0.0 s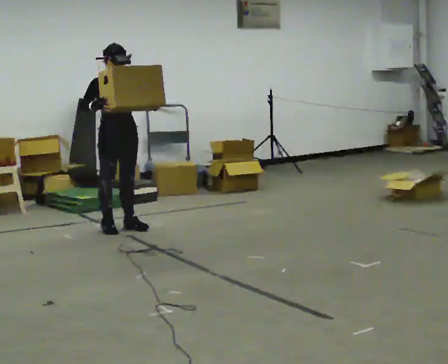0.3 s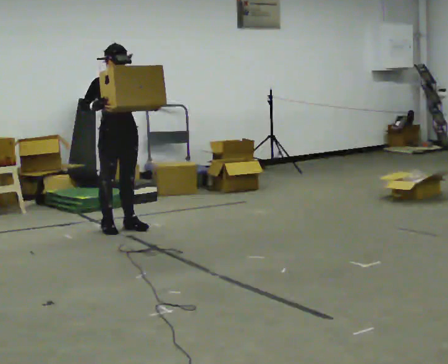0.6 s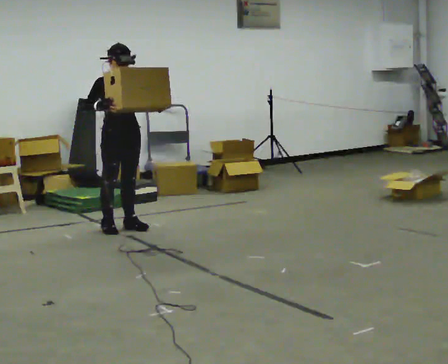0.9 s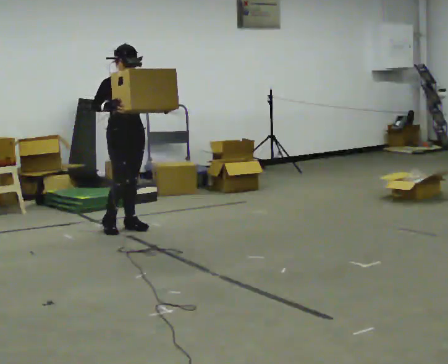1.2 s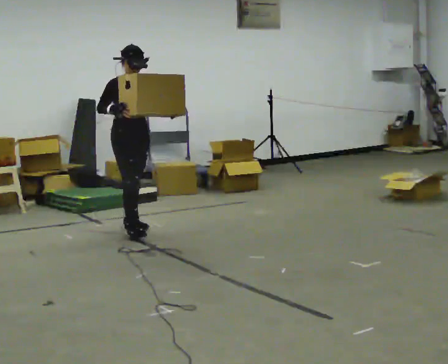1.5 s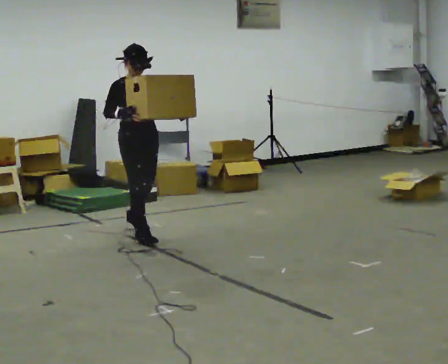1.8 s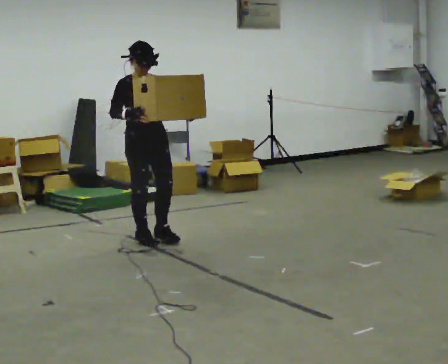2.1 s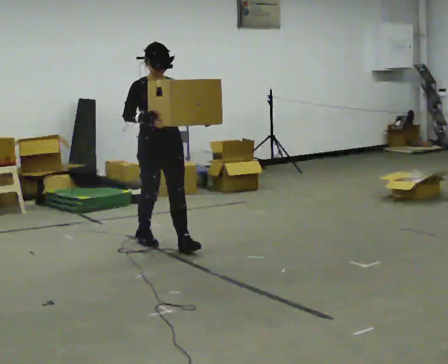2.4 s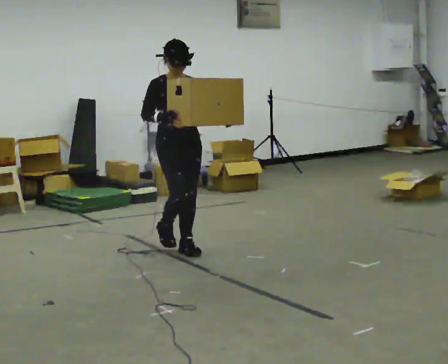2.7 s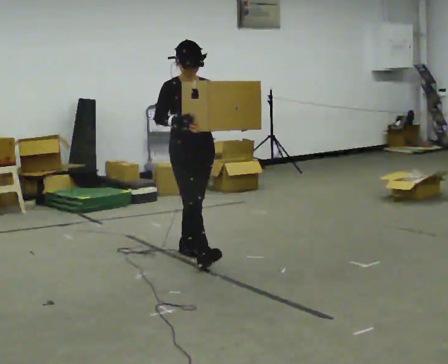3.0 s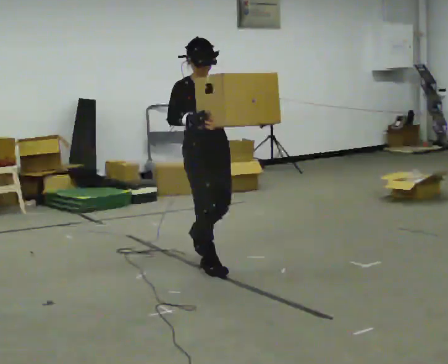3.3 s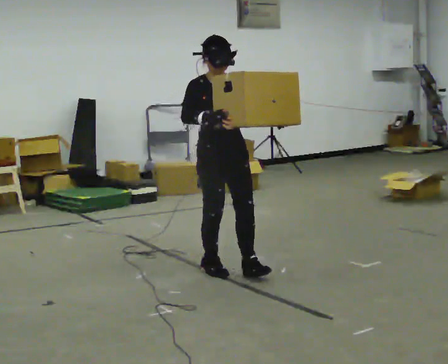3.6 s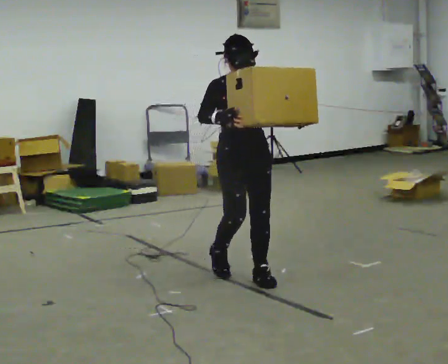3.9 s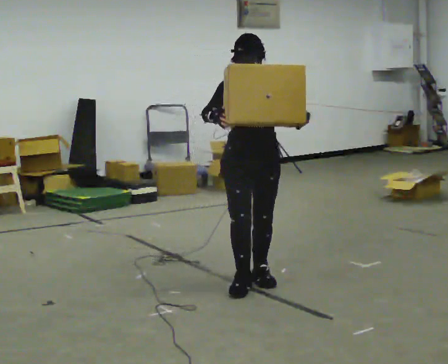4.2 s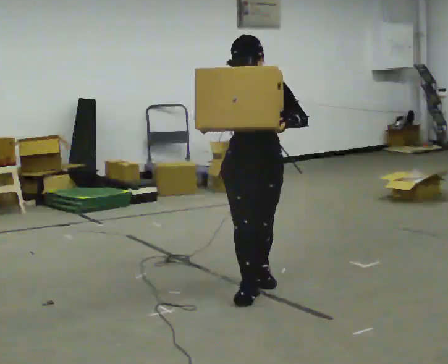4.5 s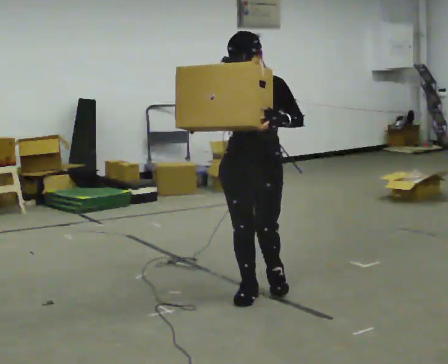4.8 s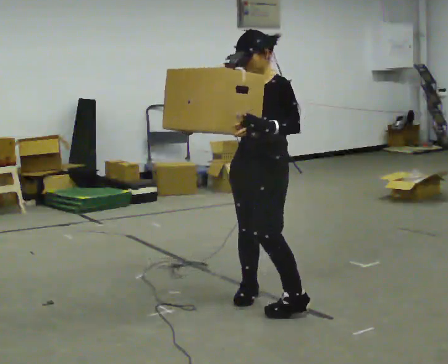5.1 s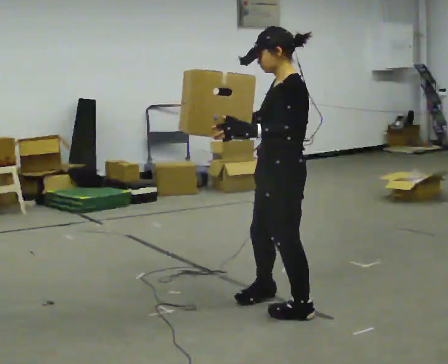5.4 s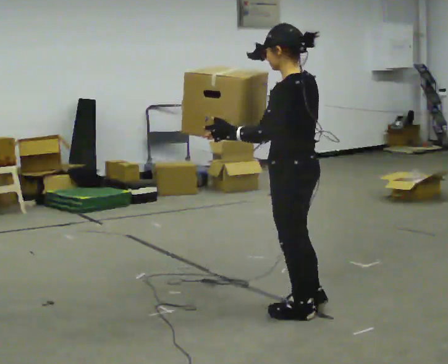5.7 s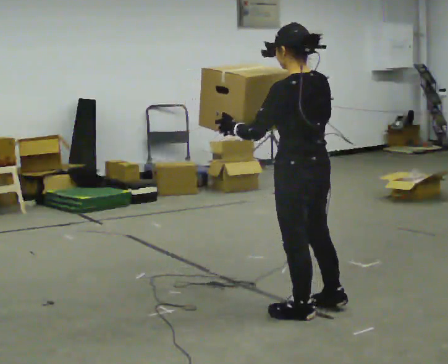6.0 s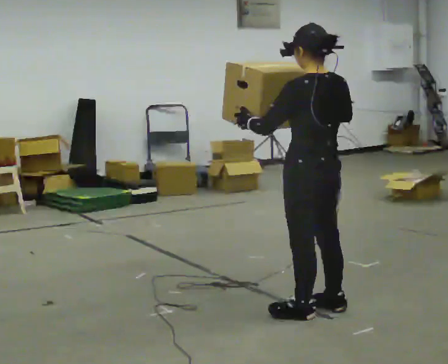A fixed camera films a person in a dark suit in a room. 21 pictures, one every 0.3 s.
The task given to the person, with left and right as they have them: Carry the heaviest box in both hands in front of you, walking back and forth across the room. Only carry what is comfortable. Set it down whenever you need to.
0.0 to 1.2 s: The person moves a little, or ends about where they began.
1.2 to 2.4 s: In the picture they go toward the camera and to the right, about 1 m in 2 steps, which for them is forward.
2.4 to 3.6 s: In the picture they go toward the camera and to the right, about 1 m in 2 steps, which for them is forward.
3.6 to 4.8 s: The person turns about 75 degrees to their right, clockwise seen from above, so the part of the body nearest the lens slides to the left. In the picture they go toward the camera, about 0.5 m in 1 step.
4.8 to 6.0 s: The part of the body nearest the lens slides to the left as the person turns to their right by about 90 degrees. In the picture they go to the right and toward the camera, about 0.25 m in 2 steps.
The film runs forward here.
